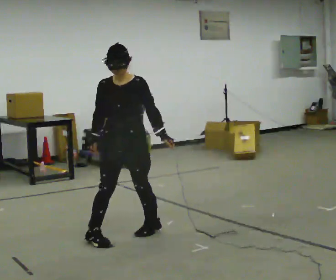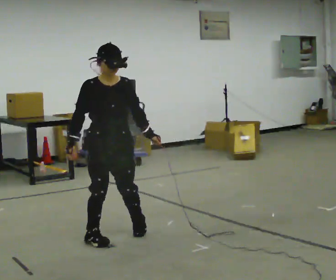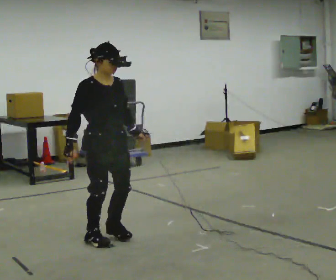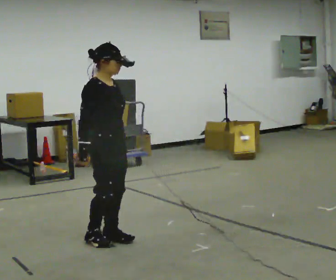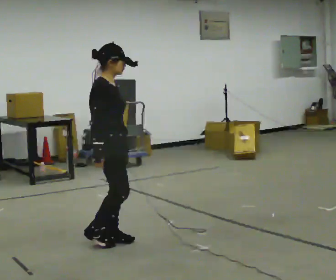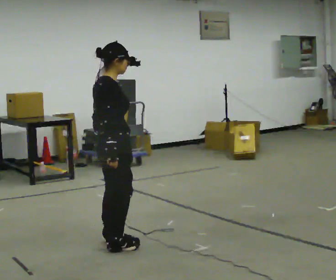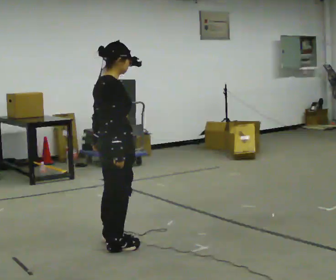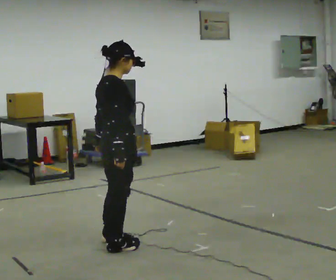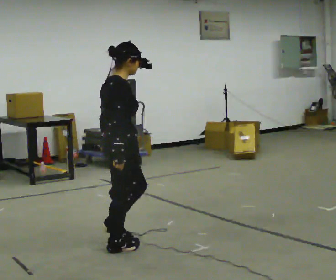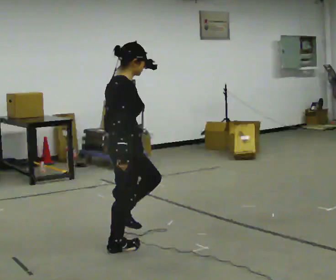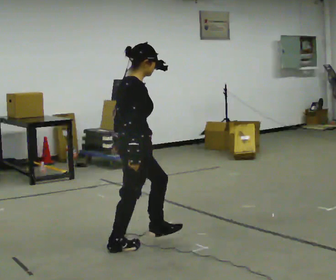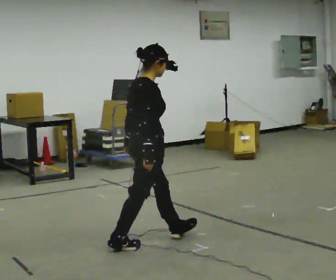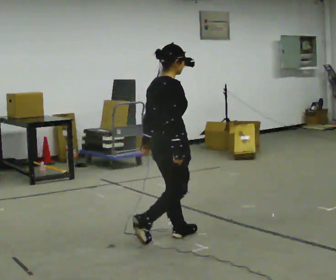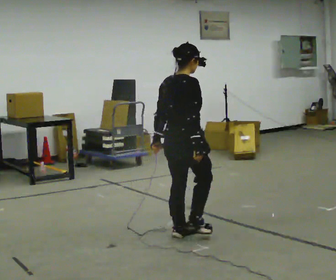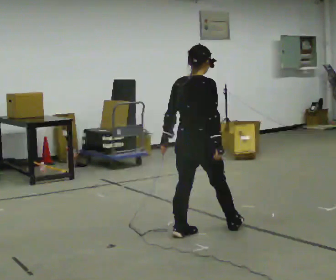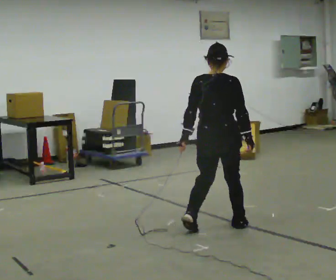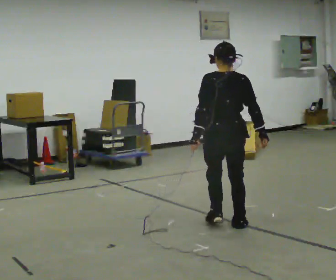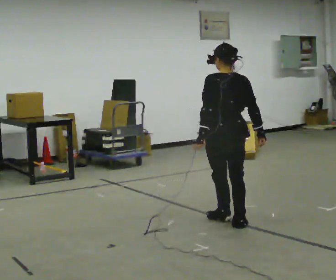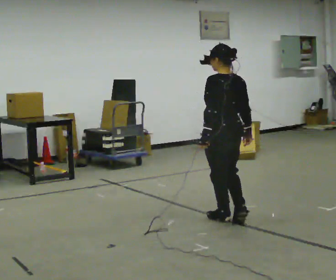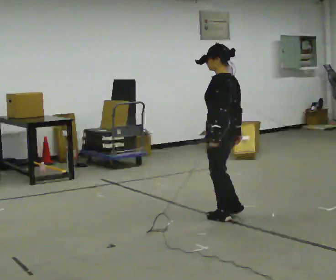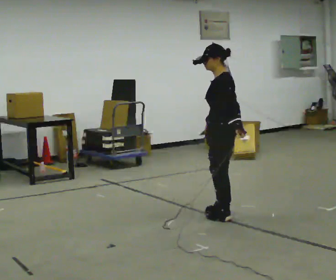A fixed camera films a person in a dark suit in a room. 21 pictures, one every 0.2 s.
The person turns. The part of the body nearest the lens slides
to the right.
The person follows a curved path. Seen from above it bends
counterclockwise.
0.0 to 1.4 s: Seen from above the body turns counterclockwise, about 120 degrees: to their left, with its near side sliding to the right. In the picture they go toward the camera, about 0.25 m in 3 steps.
1.4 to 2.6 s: In the picture they go to the right and away from the camera, about 0.5 m in 1 step, which for them is forward.
2.6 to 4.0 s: The person turns about 135 degrees to their left, counterclockwise seen from above, so the part of the body nearest the lens slides to the right. In the picture they go away from the camera and to the right, about 0.75 m in 3 steps.
The film runs forward here.
